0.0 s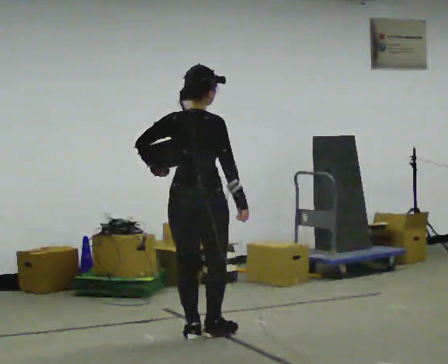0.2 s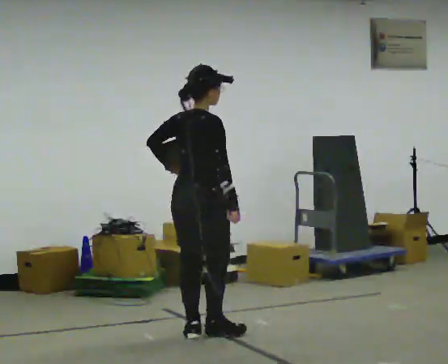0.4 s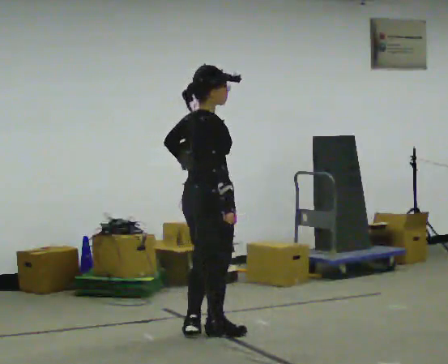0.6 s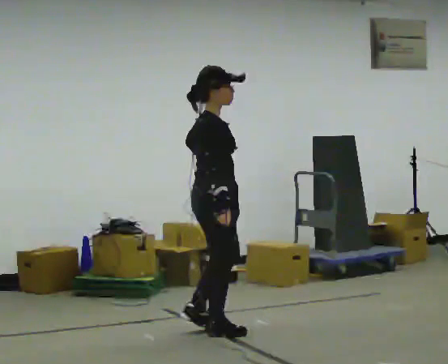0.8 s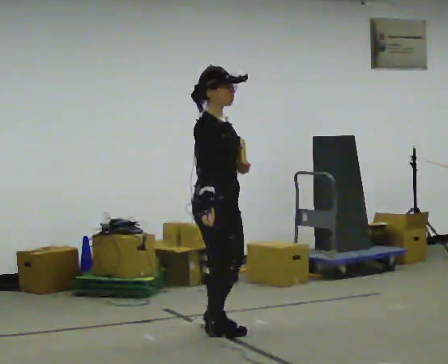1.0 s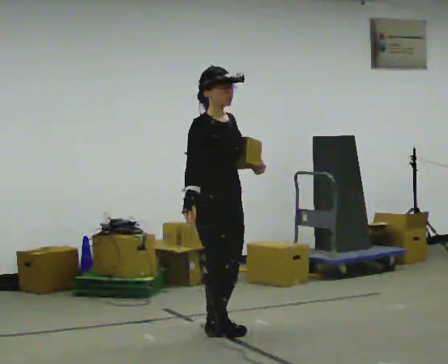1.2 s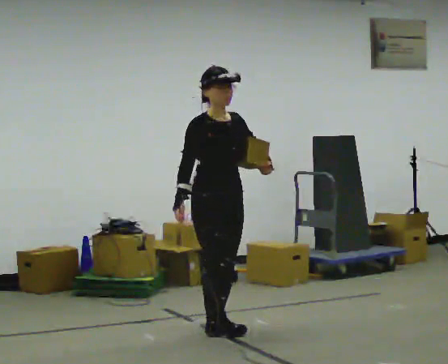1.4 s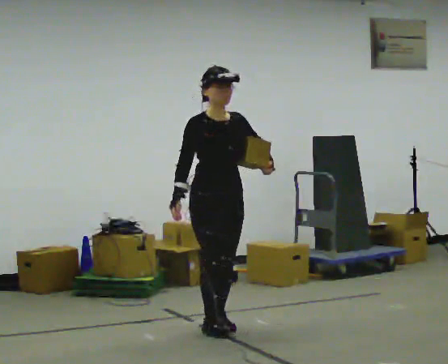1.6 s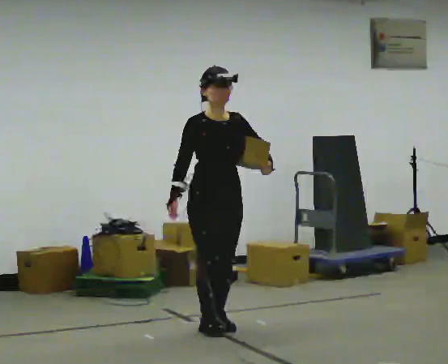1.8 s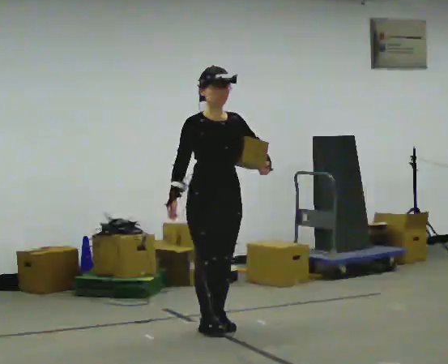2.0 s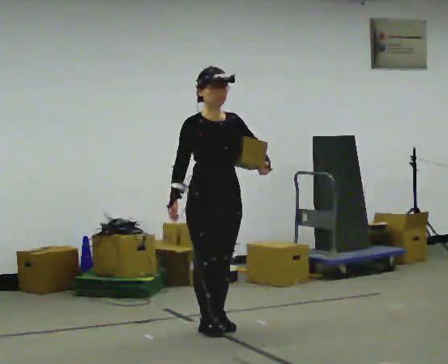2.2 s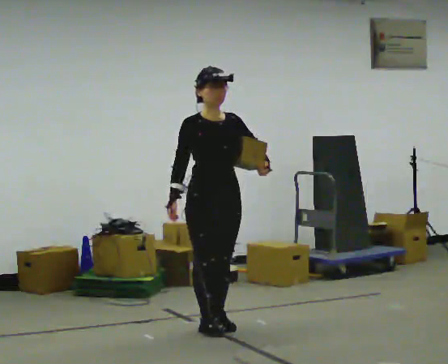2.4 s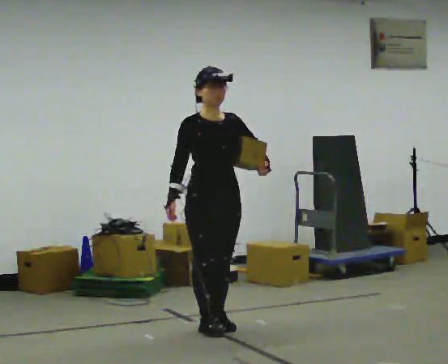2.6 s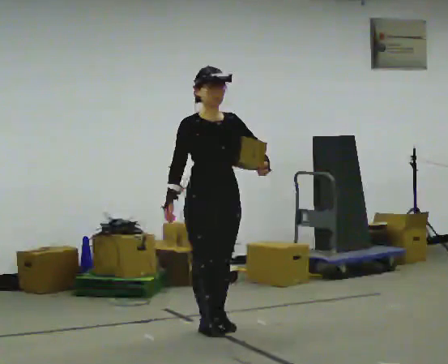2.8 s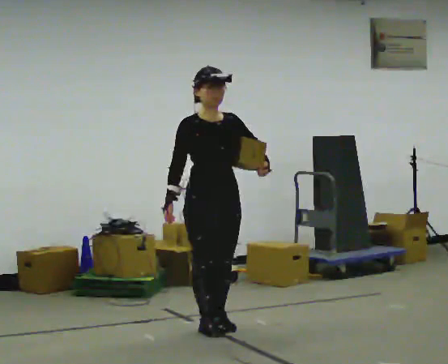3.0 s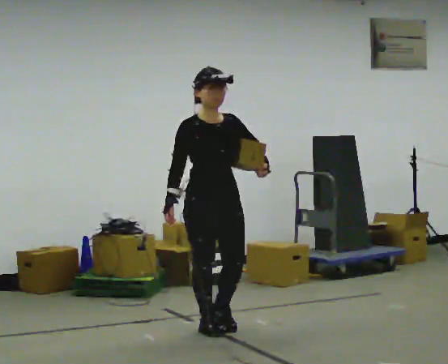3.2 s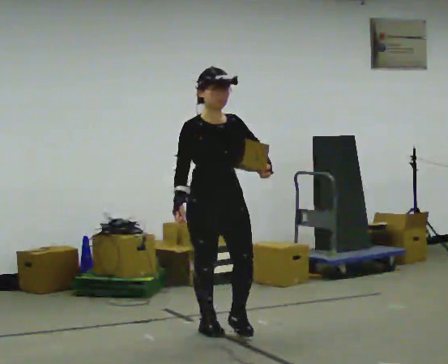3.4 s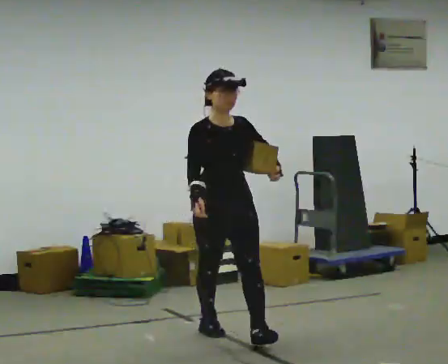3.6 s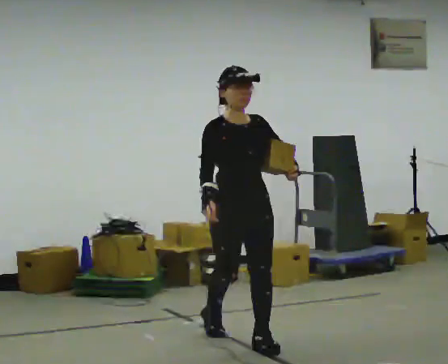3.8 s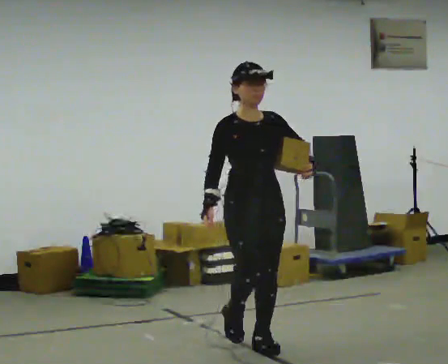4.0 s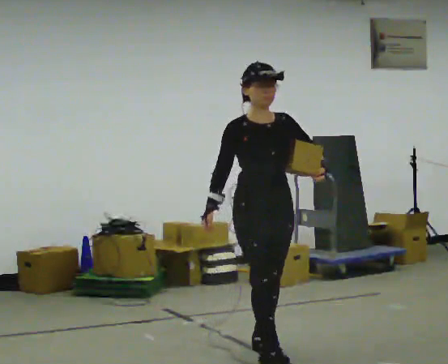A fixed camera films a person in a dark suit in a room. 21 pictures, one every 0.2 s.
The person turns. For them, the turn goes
to their right.
The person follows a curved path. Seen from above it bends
clockwise.
0.0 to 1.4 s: The part of the body nearest the lens slides to the left as the person turns to their right by about 120 degrees. In the picture they go away from the camera, about 0.25 m in 2 steps.
1.4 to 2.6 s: The person moves a little, or ends about where they began.
2.6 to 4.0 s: In the picture they go toward the camera and to the right, about 0.75 m in 1 step, which for them is forward.
The film runs forward here.
